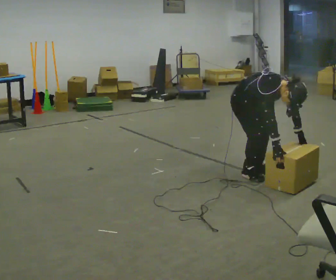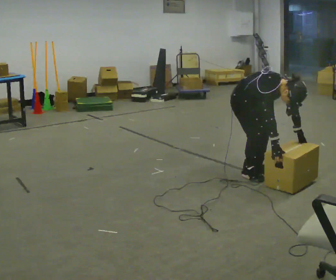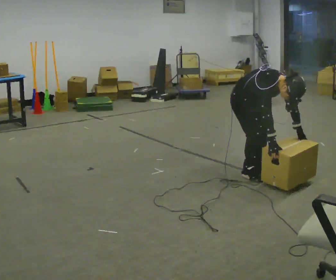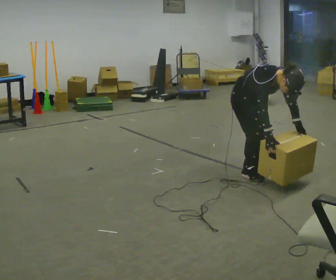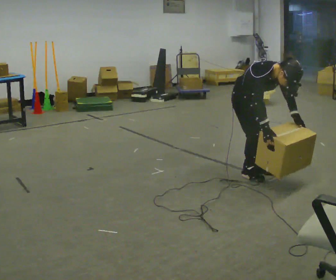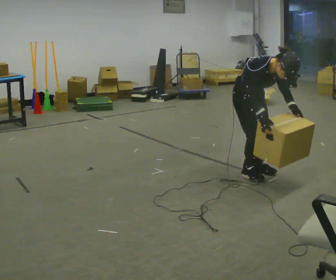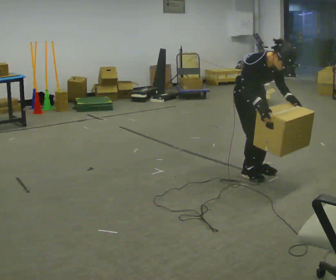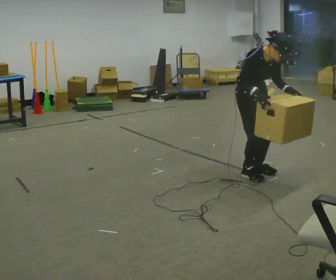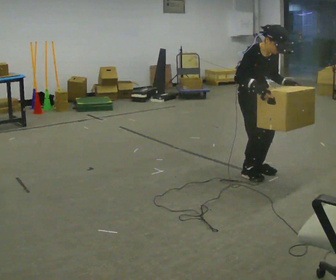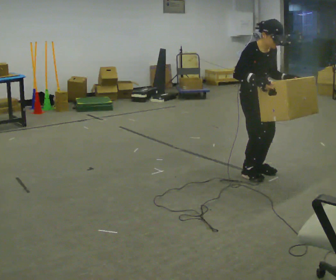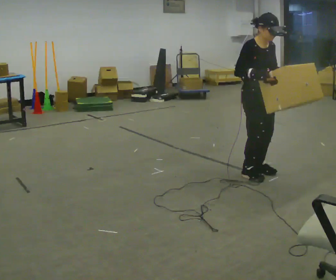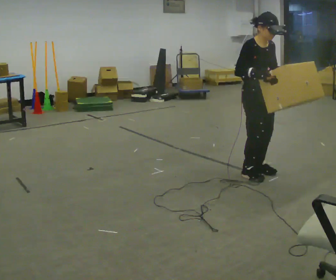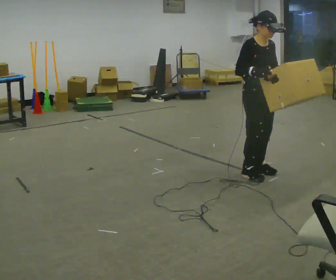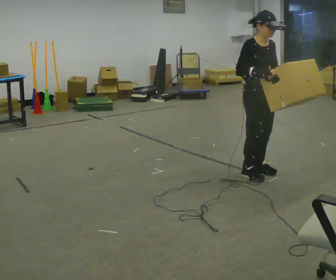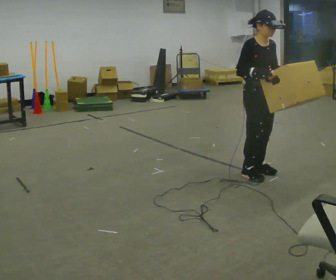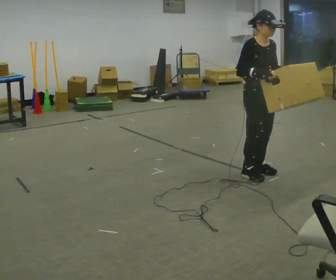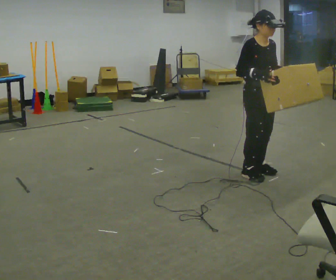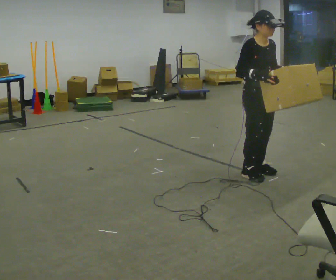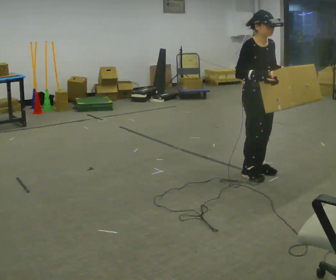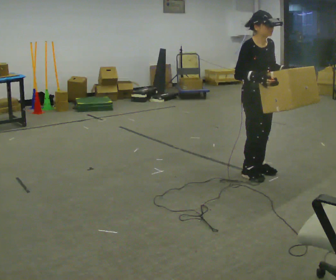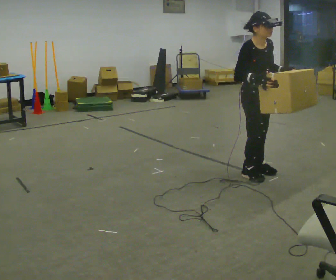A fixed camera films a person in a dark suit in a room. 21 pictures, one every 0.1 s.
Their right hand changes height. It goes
upward.
The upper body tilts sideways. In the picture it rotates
counterclockwise.
0.0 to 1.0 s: The upper body goes upward. In the picture the upper body tilts counterclockwise, shoulders to the left, as they lean back or straighten. In the picture their right hand goes upward.
1.0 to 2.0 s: The person moves a little, or ends about where they began.
The film runs forward here.
